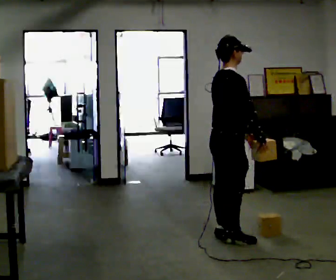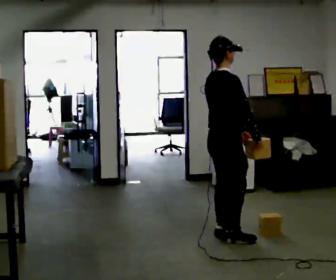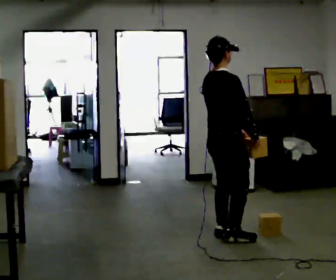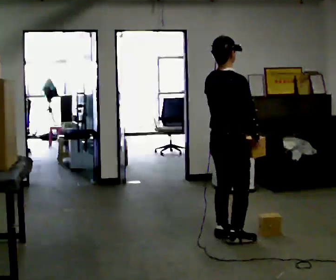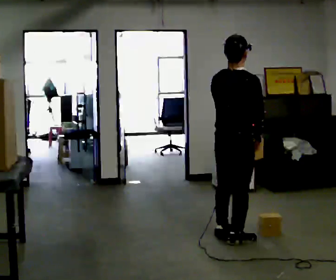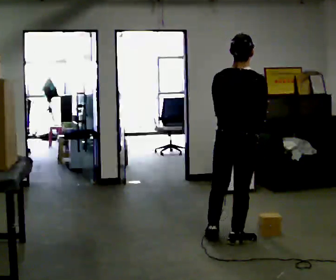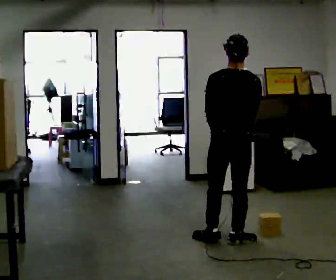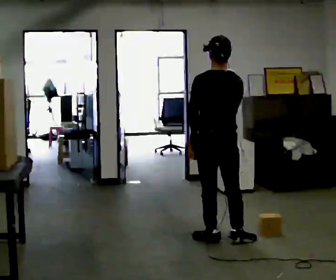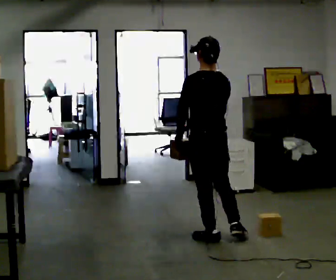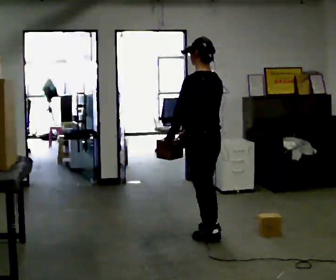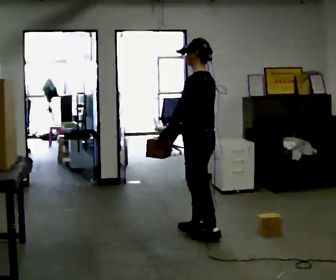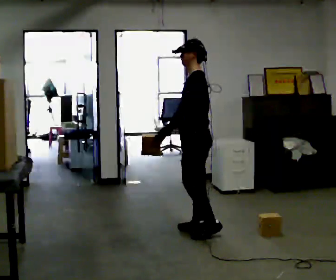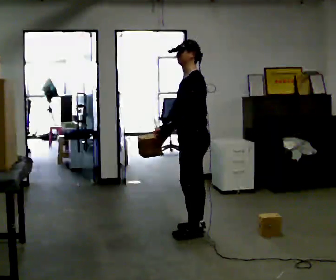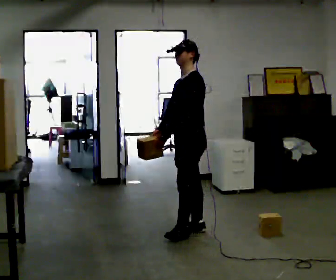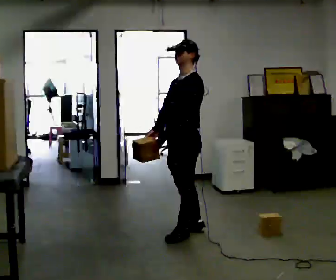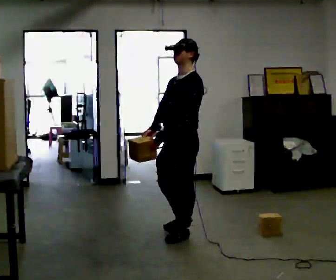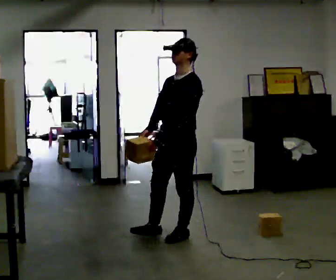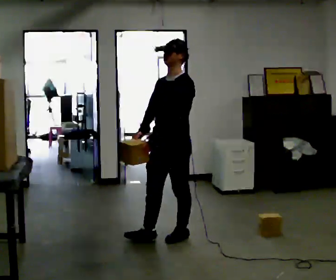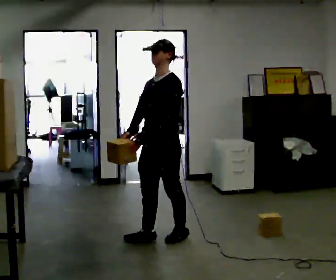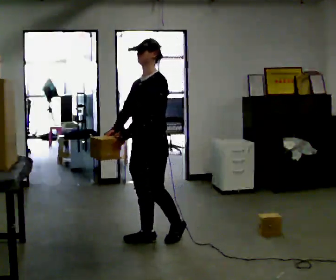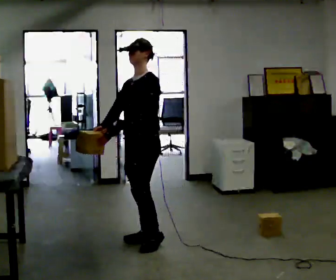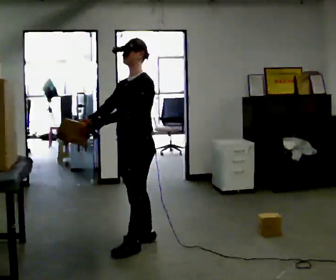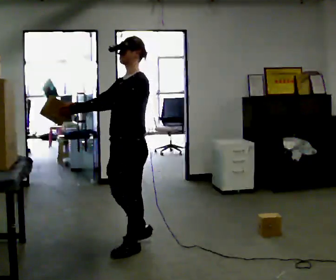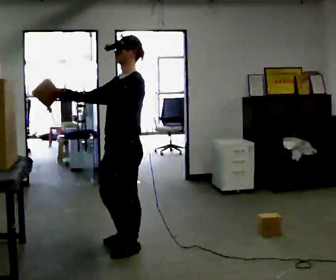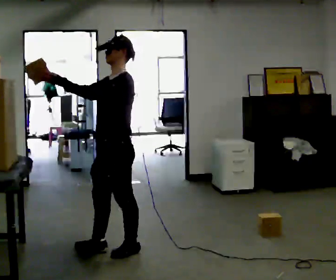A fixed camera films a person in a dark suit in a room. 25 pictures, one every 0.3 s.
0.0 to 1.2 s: The person turns about 30 degrees to their left, counterclockwise seen from above, so the part of the body nearest the lens slides to the right.
1.2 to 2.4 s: The part of the body nearest the lens slides to the right as the person turns to their left by about 60 degrees. In the picture they go to the left, about 0.25 m in 1 step. In the picture their left hand goes to the left.
2.4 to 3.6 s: The part of the body nearest the lens slides to the right as the person turns to their left by about 75 degrees. In the picture they go away from the camera, about 0.25 m in 1 step.
3.6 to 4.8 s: The person turns about 30 degrees to their left, counterclockwise seen from above, so the part of the body nearest the lens slides to the right. In the picture they go toward the camera, about 0.25 m in 1 step, which for them is forward.
4.8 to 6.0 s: In the picture they go to the left, about 0.25 m in 1 step, which for them is forward and to their right.
6.0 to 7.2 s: In the picture they go toward the camera and to the left, about 0.25 m in 2 steps, which for them is forward and to their left. In the picture their right hand goes upward, the arm swinging clockwise.
The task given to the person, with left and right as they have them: Take an object from the lowest shelf, carry it across the room, and place it on the highest shelf you can comfortably reach. Keep going until the operator says stop; one object at a time, and do not rush between trips.
The film runs forward here.
